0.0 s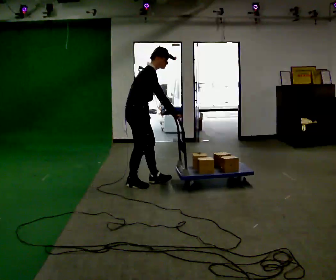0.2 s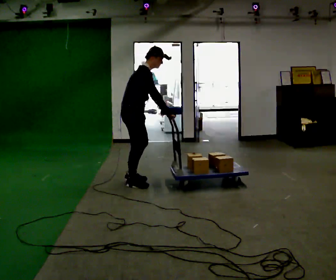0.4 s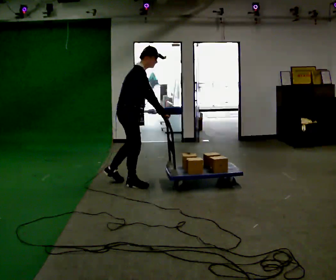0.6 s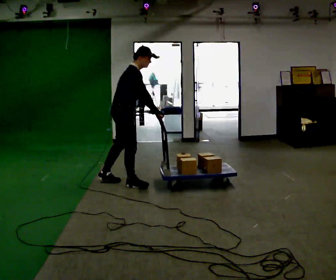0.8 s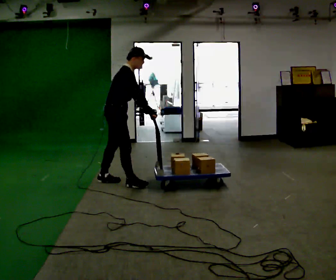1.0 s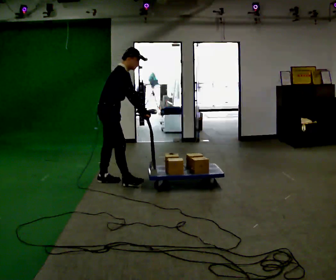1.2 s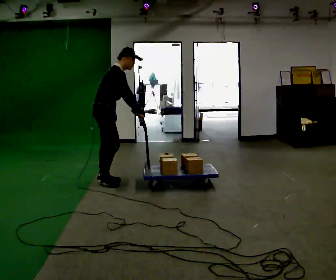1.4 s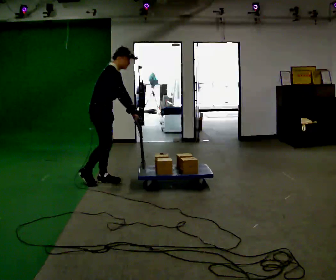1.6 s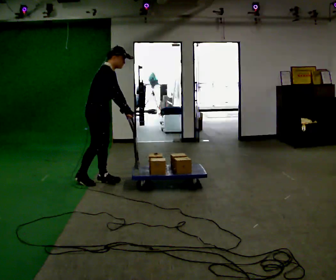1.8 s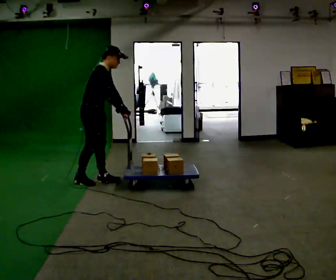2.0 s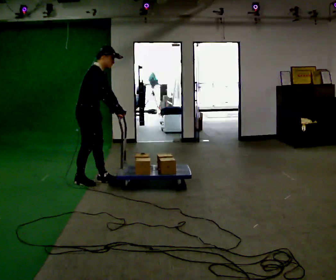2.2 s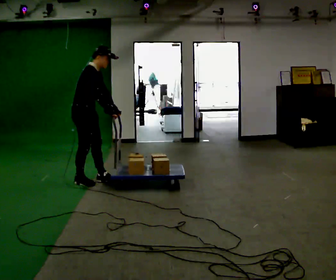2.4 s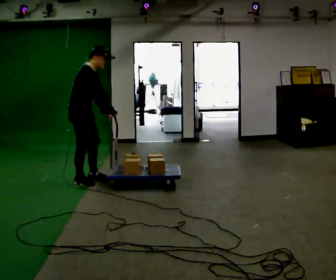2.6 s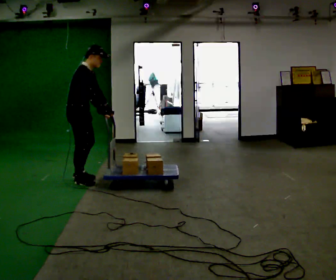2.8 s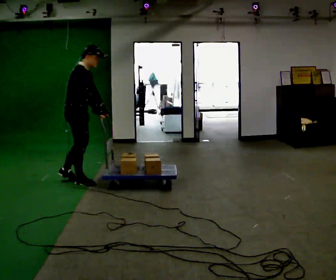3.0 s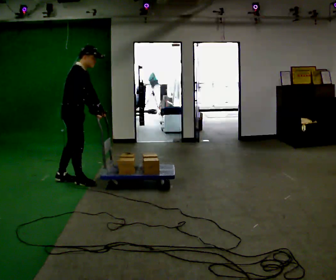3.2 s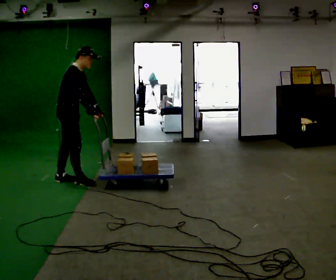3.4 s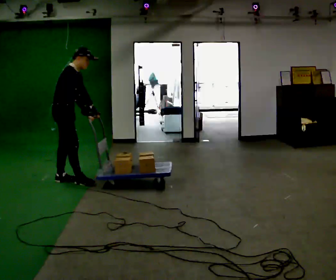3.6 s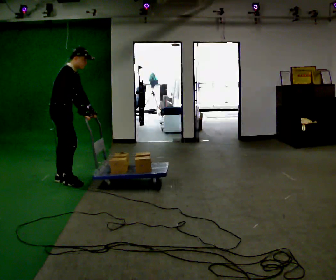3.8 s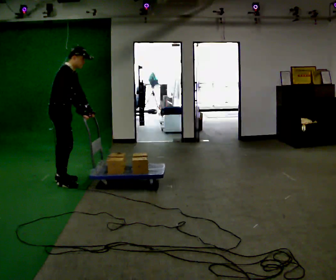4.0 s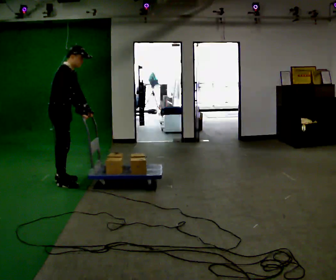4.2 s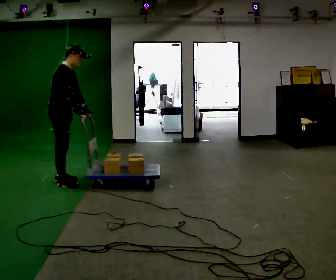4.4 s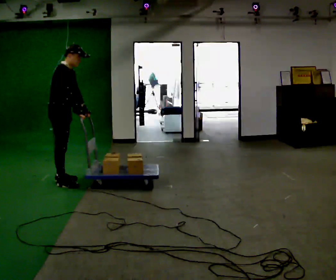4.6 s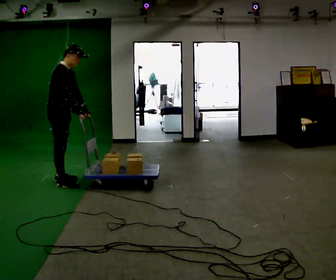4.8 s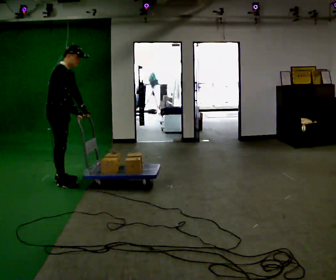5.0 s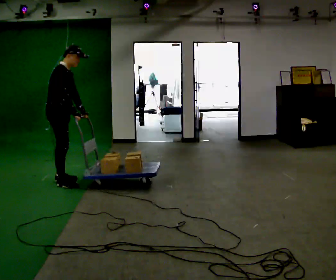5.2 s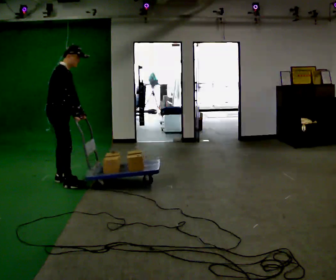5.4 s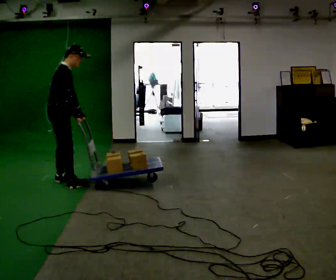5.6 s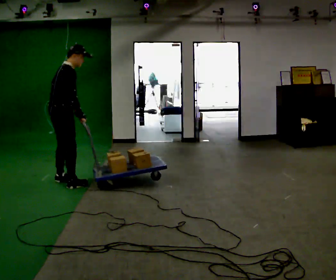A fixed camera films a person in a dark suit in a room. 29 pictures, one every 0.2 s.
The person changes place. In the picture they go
to the left.
The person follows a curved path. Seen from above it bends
counterclockwise.
0.0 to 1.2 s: In the picture they go to the left and away from the camera, about 0.5 m in 1 step, which for them is backward.
1.2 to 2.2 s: In the picture they go to the left, about 0.25 m, which for them is backward.
2.2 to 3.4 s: In the picture they go to the left, about 0.25 m in 1 step, which for them is backward.
3.4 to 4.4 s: The person moves a little, or ends about where they began.
4.4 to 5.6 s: Seen from above the body turns counterclockwise, about 30 degrees: to their left, with its near side sliding to the right. In the picture they go toward the camera, about 0.25 m in 1 step, which for them is to their right.
The film runs backward here.
